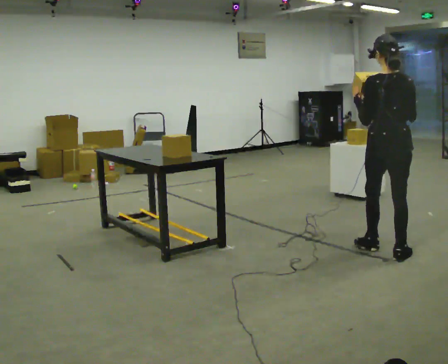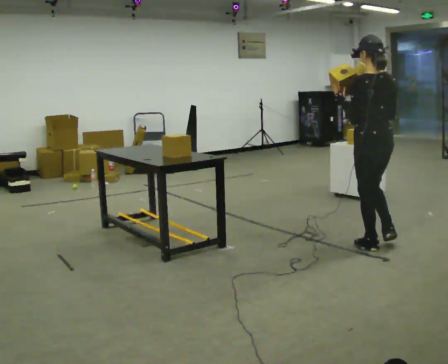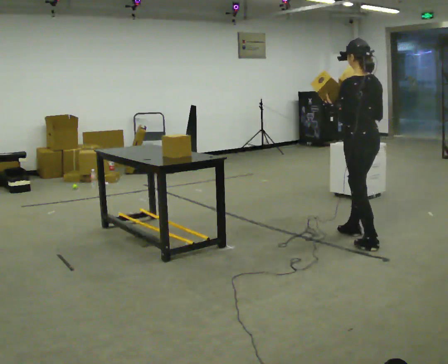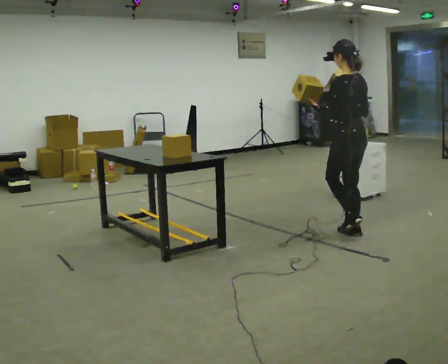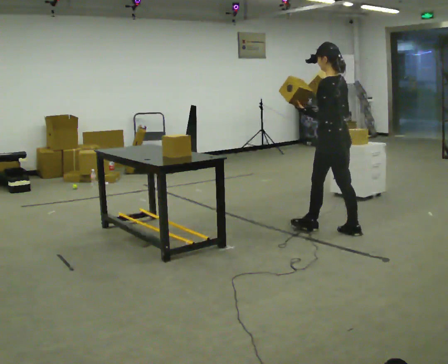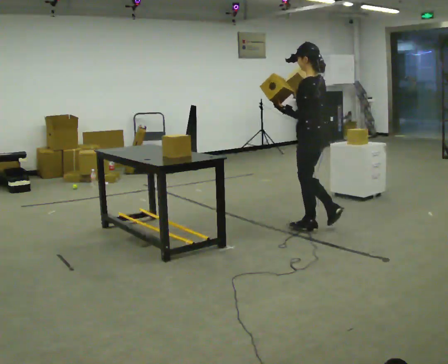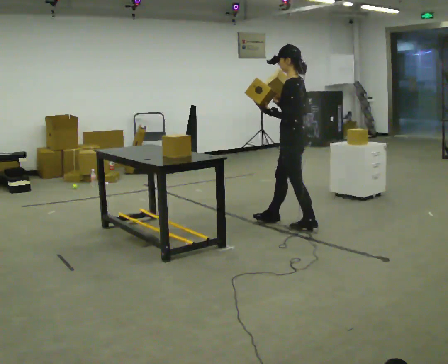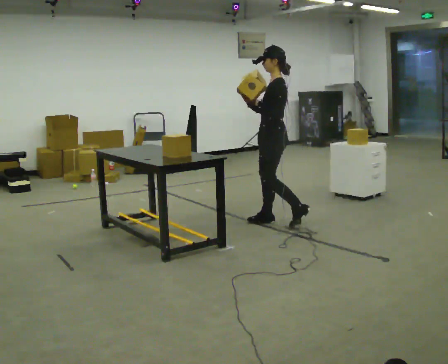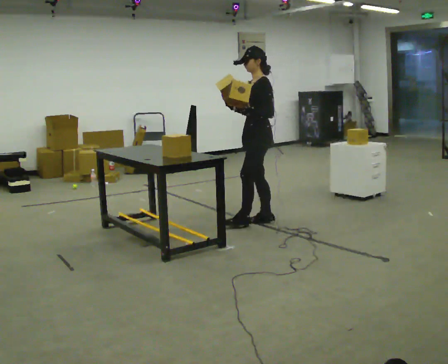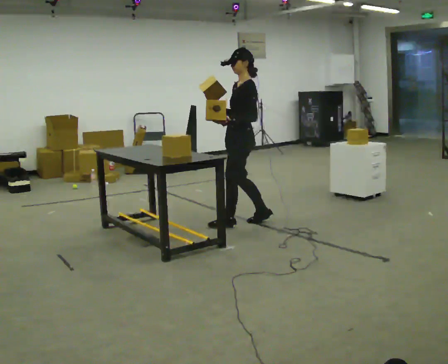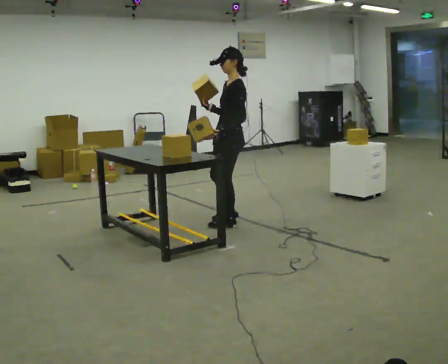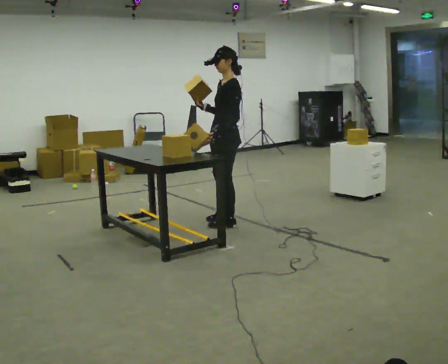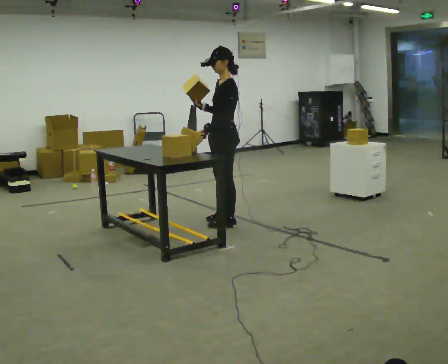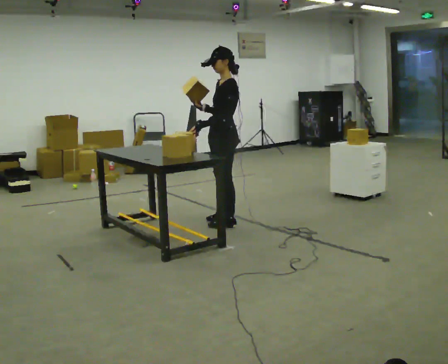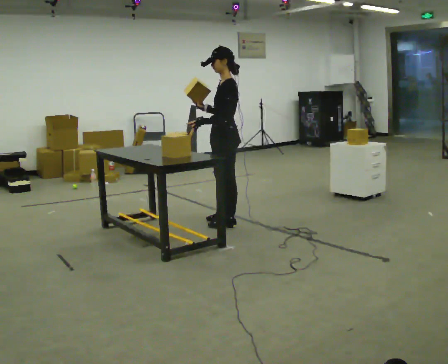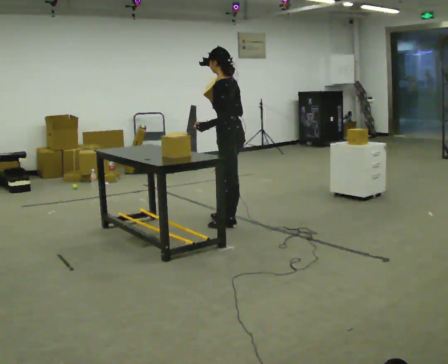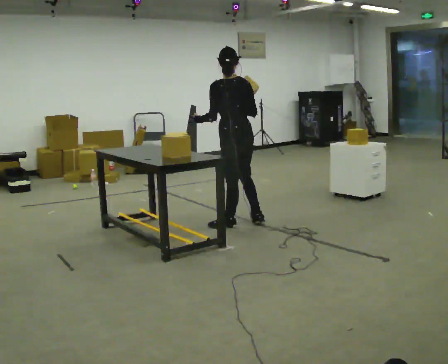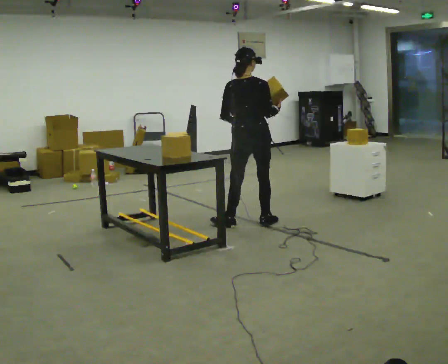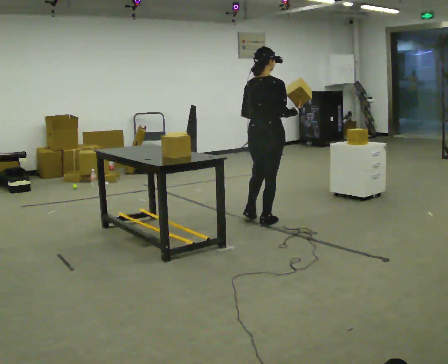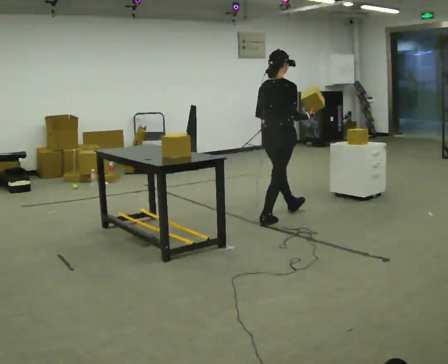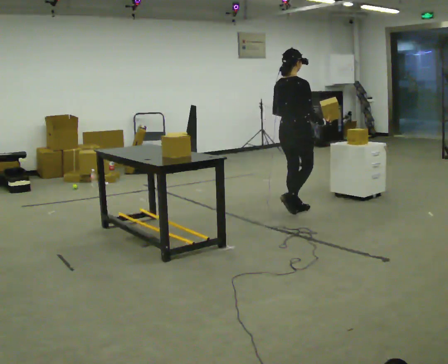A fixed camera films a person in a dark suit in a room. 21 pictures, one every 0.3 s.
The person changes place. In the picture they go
away from the camera.
0.0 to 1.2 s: The person turns about 45 degrees to their left, counterclockwise seen from above, so the part of the body nearest the lens slides to the right. In the picture they go away from the camera and to the left, about 0.75 m in 1 step, which for them is forward.
1.2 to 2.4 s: The person turns about 60 degrees to their left, counterclockwise seen from above, so the part of the body nearest the lens slides to the right. In the picture they go to the left and away from the camera, about 0.5 m in 2 steps, which for them is forward.
2.4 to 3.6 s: In the picture they go to the left, about 0.25 m in 2 steps, which for them is forward.
3.6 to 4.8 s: The person turns about 60 degrees to their right, clockwise seen from above, so the part of the body nearest the lens slides to the left. In the picture their right hand goes to the right.
4.8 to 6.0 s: Seen from above the body turns clockwise, about 90 degrees: to their right, with its near side sliding to the left. In the picture they go to the right and away from the camera, about 0.75 m in 2 steps.
The film runs forward here.
